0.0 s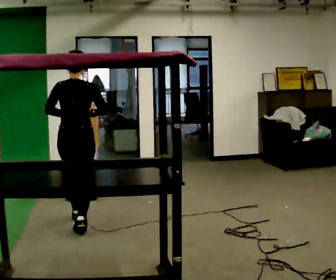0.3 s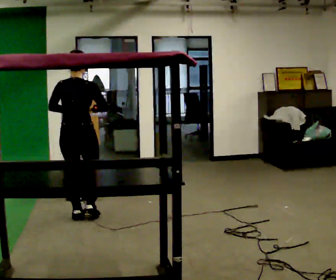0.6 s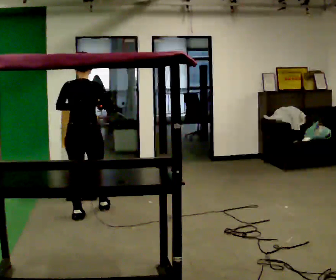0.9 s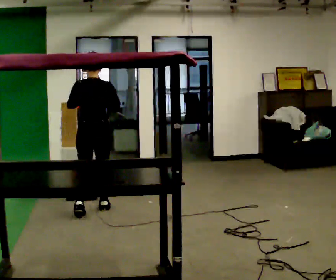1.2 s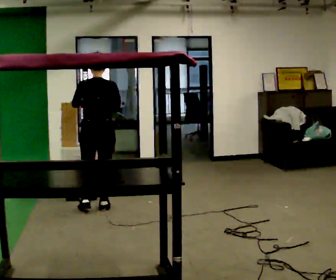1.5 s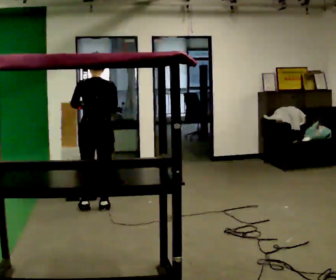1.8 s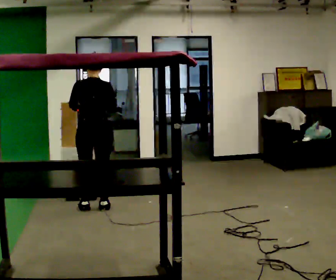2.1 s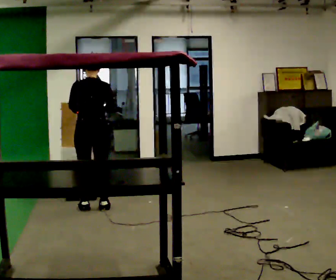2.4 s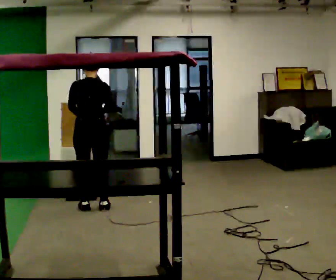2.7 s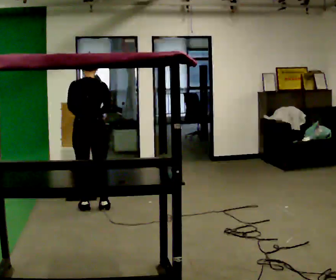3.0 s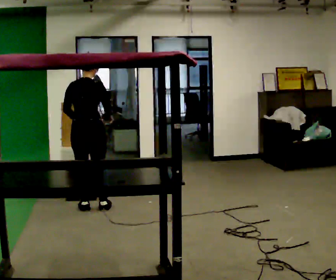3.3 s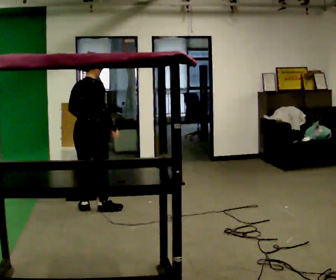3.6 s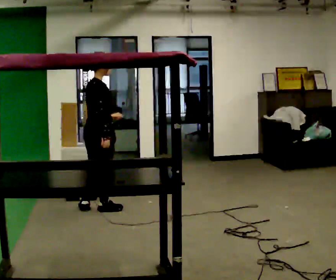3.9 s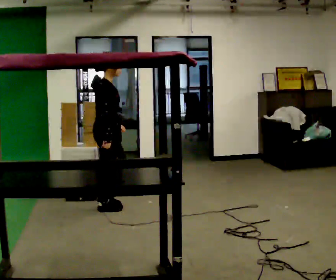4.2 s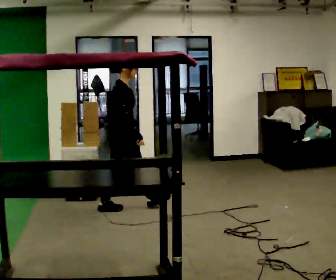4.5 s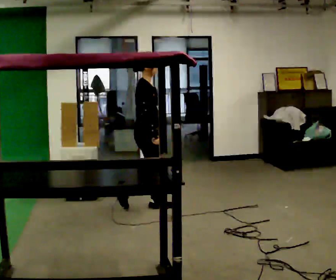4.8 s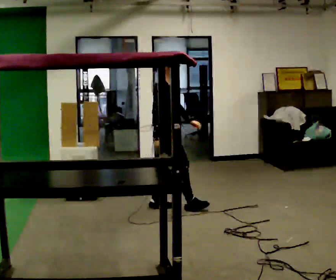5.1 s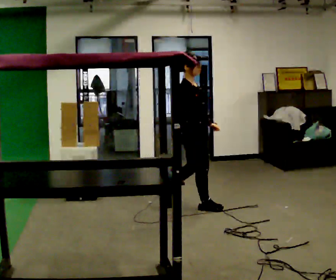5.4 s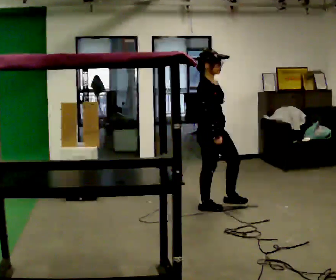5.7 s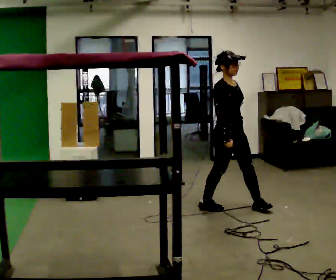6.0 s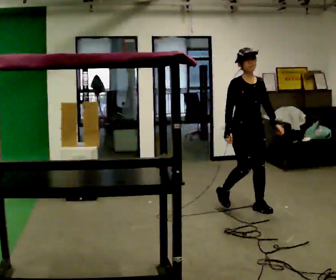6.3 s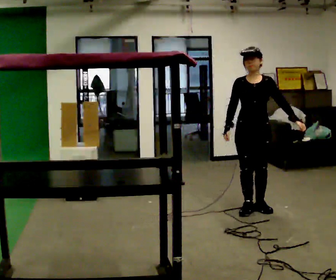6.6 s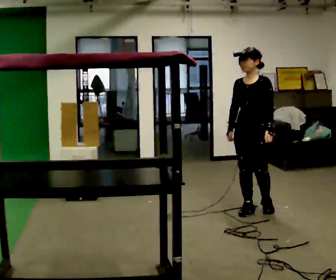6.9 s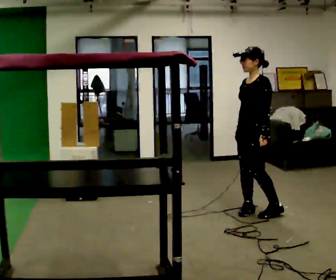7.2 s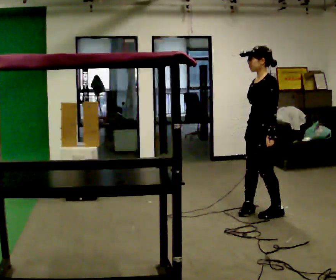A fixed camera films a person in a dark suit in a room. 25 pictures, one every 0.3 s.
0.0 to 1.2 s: In the picture they go away from the camera and to the right, about 0.5 m in 1 step, which for them is forward.
1.2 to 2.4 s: The person moves a little, or ends about where they began.
2.4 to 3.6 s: The person turns about 75 degrees to their right, clockwise seen from above, so the part of the body nearest the lens slides to the left.
3.6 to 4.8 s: The person turns about 30 degrees to their right, clockwise seen from above, so the part of the body nearest the lens slides to the left. In the picture they go to the right, about 0.75 m in 1 step, which for them is forward.
4.8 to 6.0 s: The part of the body nearest the lens slides to the left as the person turns to their right by about 60 degrees. In the picture they go to the right and toward the camera, about 1 m in 2 steps.
6.0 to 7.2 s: Seen from above the body turns clockwise, about 90 degrees: to their right, with its near side sliding to the left. In the picture they go toward the camera, about 0.25 m in 2 steps.
The film runs forward here.
